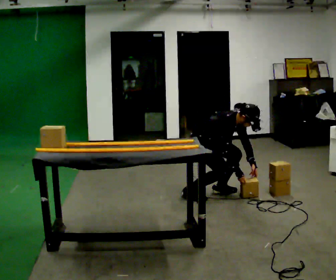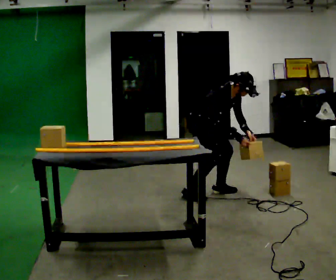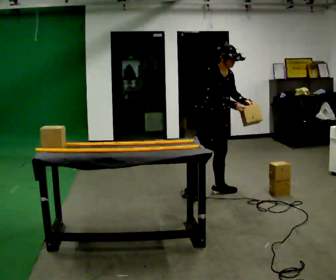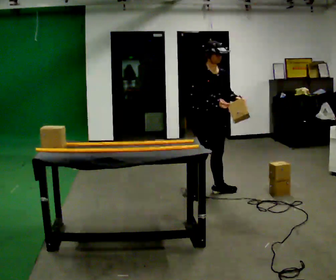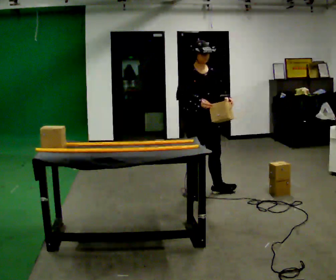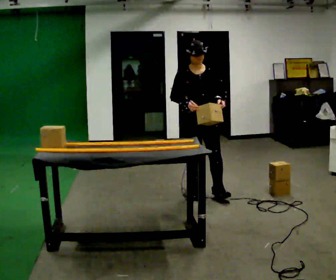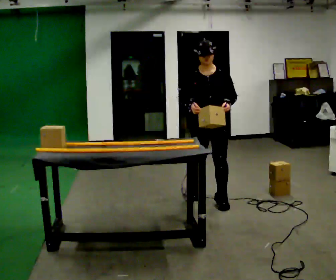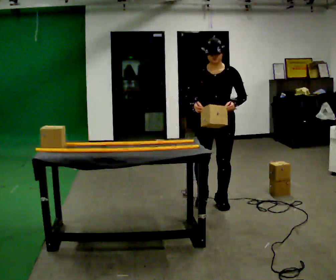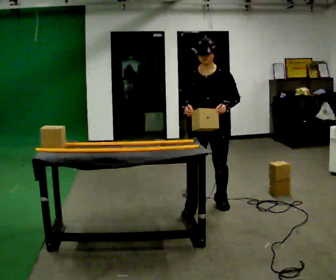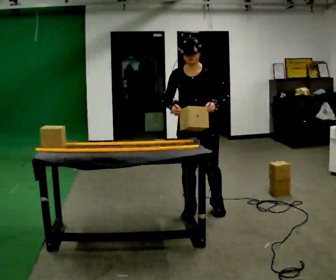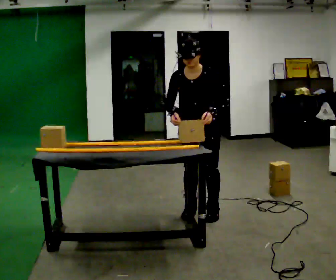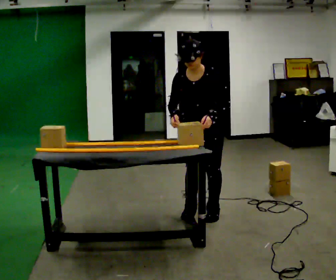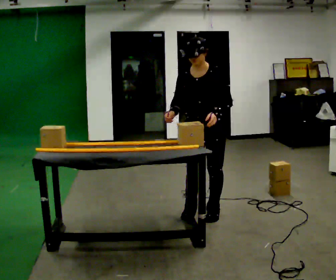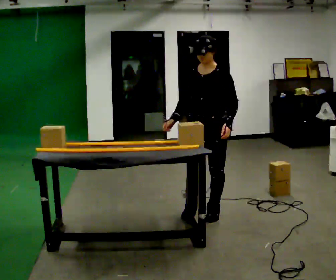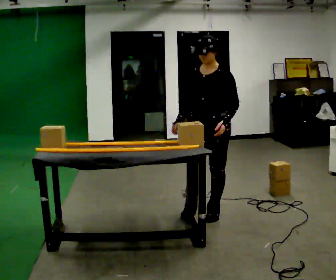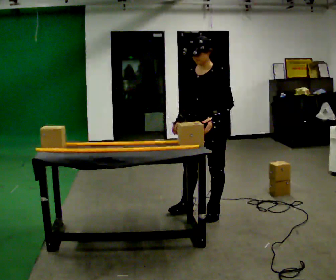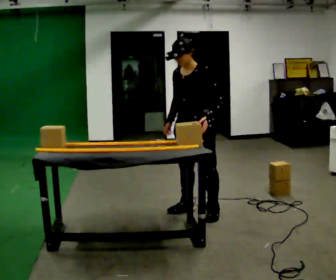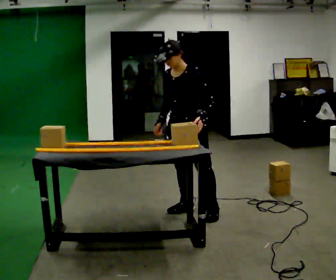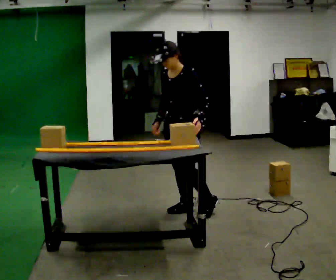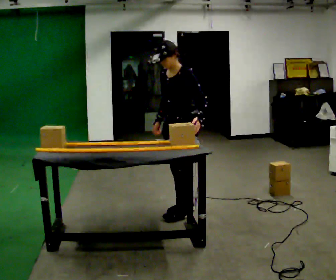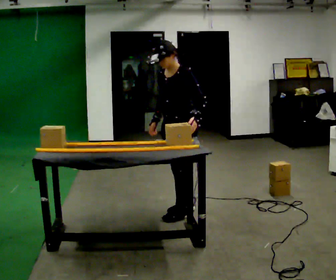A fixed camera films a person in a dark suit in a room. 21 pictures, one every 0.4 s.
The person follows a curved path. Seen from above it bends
clockwise.
The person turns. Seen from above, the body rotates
clockwise.
0.0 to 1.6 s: The person turns about 30 degrees to their right, clockwise seen from above, so the part of the body nearest the lens slides to the left. The upper body goes upward. In the picture the upper body tilts counterclockwise, shoulders to the left, as they lean back or straighten. In the picture their right hand goes upward and to the left.
1.6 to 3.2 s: Seen from above the body turns clockwise, about 45 degrees: to their right, with its near side sliding to the left. In the picture they go toward the camera, about 0.25 m in 2 steps, which for them is forward.
3.2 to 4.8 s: In the picture they go toward the camera, about 0.25 m in 1 step, which for them is forward.
4.8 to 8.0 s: The part of the body nearest the lens slides to the left as the person turns to their right by about 30 degrees. In the picture they go to the left, about 0.25 m in 1 step, which for them is to their right.
The film runs forward here.
